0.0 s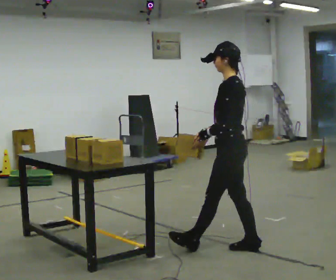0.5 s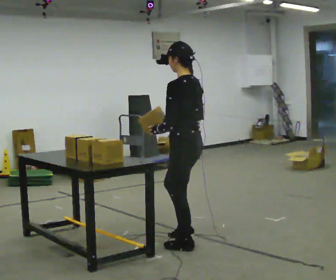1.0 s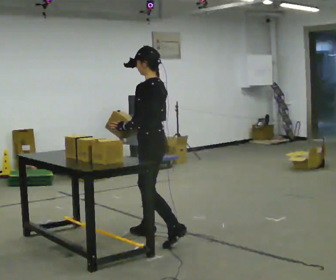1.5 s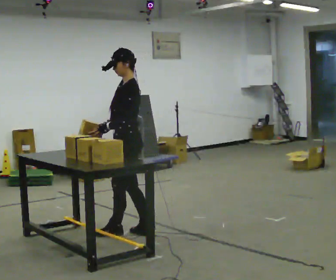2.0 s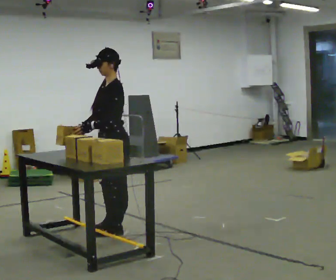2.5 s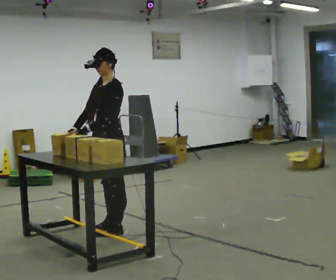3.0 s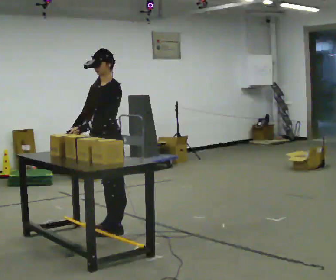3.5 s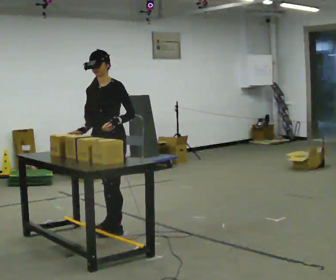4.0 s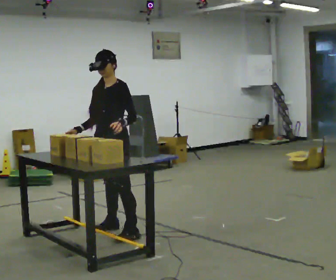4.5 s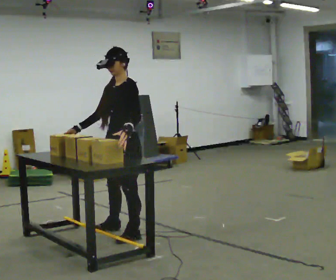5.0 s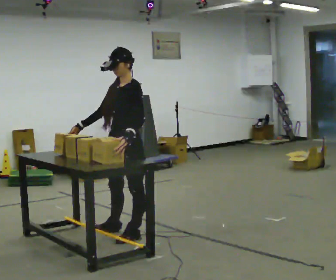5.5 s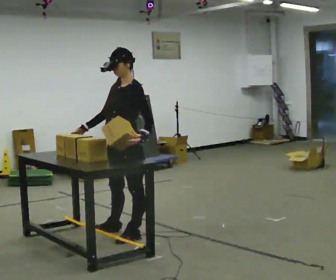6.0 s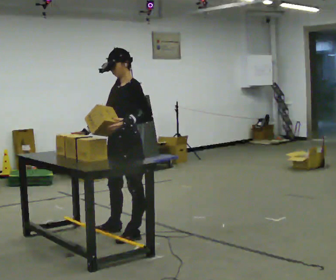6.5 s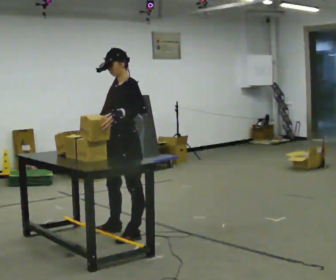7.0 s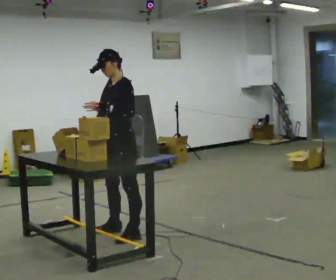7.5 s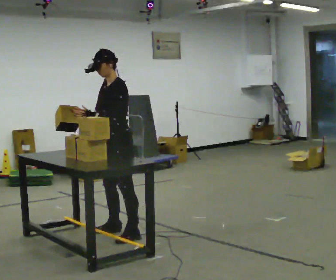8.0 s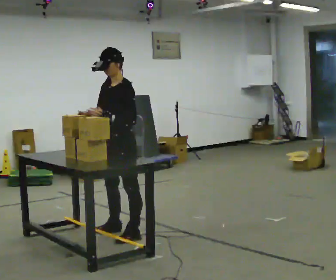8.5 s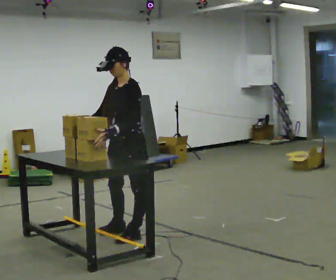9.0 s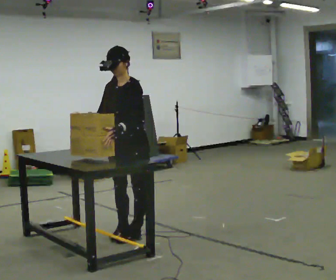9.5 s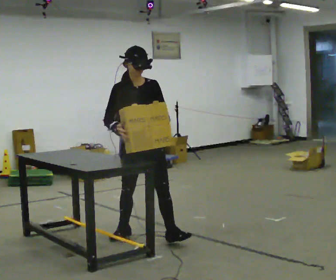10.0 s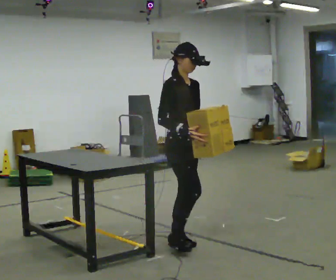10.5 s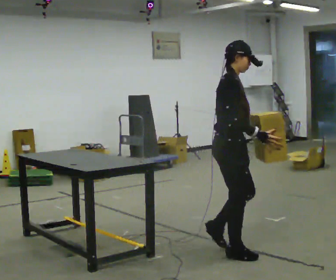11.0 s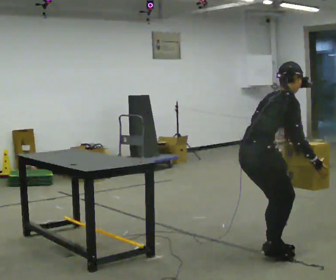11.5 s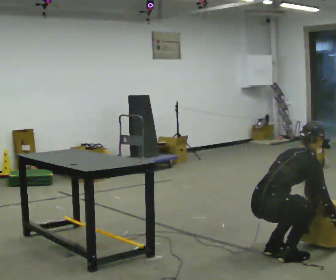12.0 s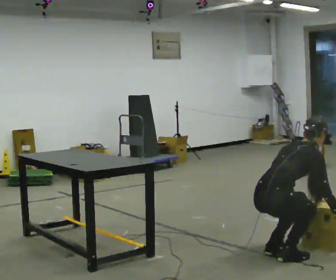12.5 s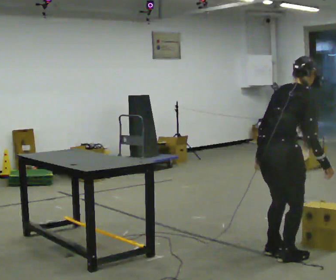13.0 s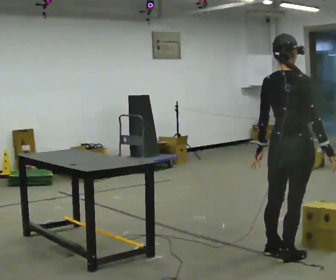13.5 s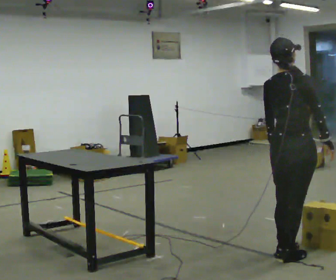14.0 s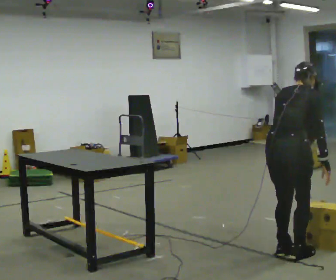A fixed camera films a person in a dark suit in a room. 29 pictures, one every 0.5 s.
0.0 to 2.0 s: Seen from above the body turns counterclockwise, about 30 degrees: to their left, with its near side sliding to the right. In the picture they go to the left and away from the camera, about 1 m in 4 steps, which for them is forward.
2.0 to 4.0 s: The part of the body nearest the lens slides to the right as the person turns to their left by about 30 degrees.
4.0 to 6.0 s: Seen from above the body turns clockwise, about 30 degrees: to their right, with its near side sliding to the left. In the picture they go toward the camera, about 0.25 m, which for them is to their left.
6.0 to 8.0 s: The person moves a little, or ends about where they began.
8.0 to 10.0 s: Seen from above the body turns counterclockwise, about 105 degrees: to their left, with its near side sliding to the right. In the picture they go toward the camera and to the right, about 0.5 m in 1 step.
10.0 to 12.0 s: Seen from above the body turns counterclockwise, about 75 degrees: to their left, with its near side sliding to the right. In the picture they go toward the camera and to the right, about 1 m in 3 steps. In the picture the upper body tilts clockwise, shoulders to the right, as they bend forward. In the picture their left hand goes downward.
12.0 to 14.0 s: The person moves a little, or ends about where they began.
The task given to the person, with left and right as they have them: Pick up the next box in the row and carry it to the table. The operator will not tell you how heavy each one is. Keep going until the operator says stop; one object at a time, and do not rush between trips.
The film runs forward here.
